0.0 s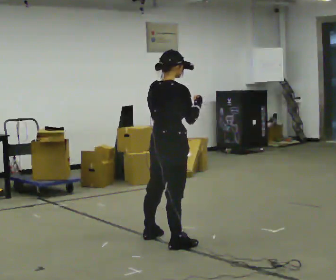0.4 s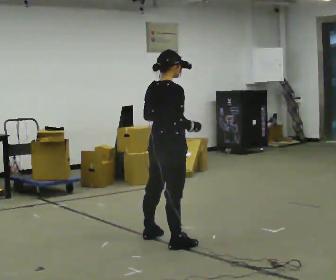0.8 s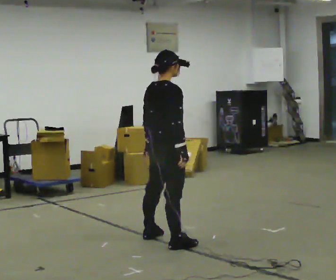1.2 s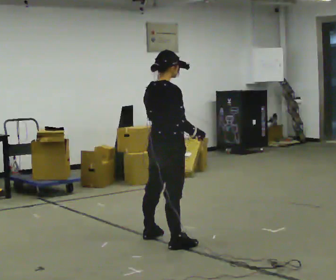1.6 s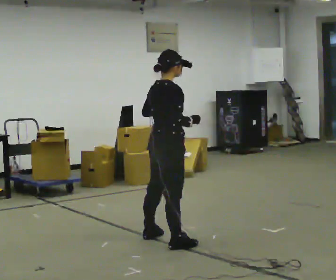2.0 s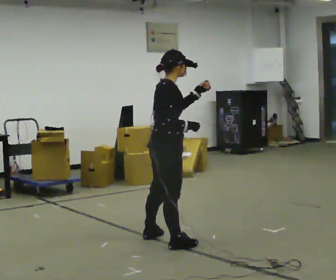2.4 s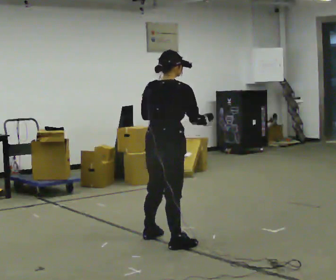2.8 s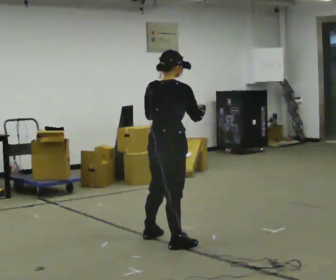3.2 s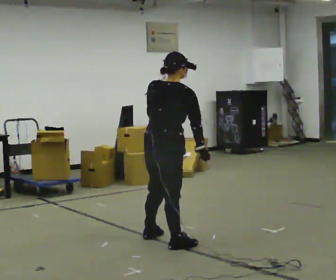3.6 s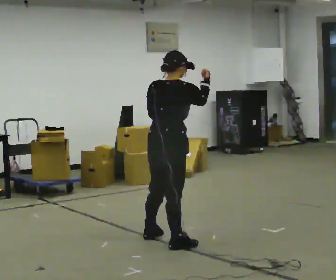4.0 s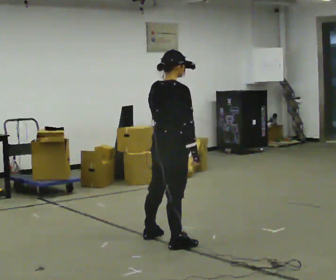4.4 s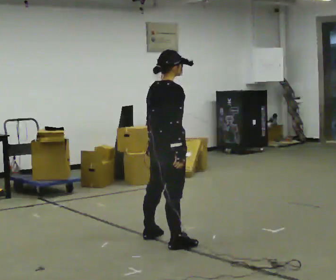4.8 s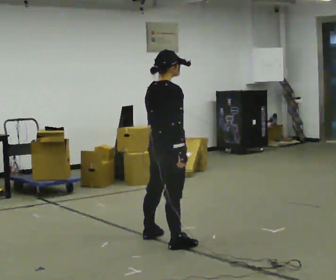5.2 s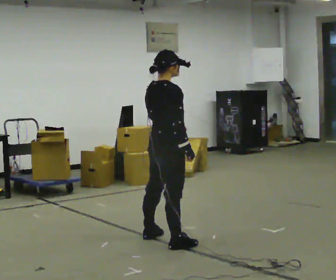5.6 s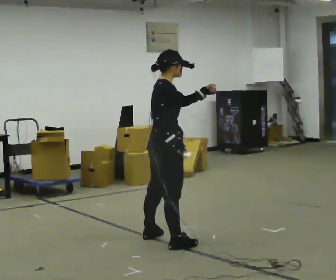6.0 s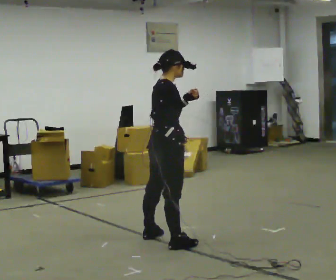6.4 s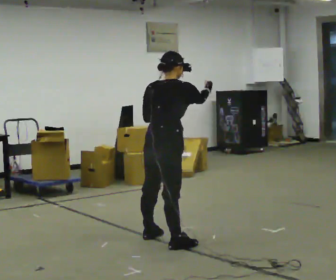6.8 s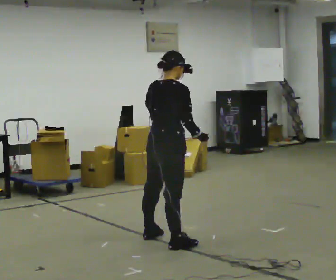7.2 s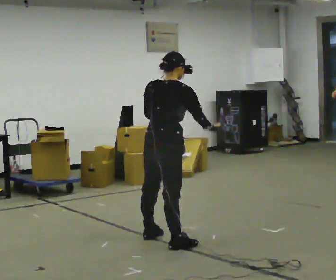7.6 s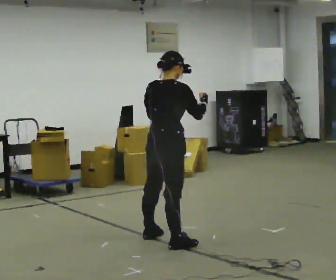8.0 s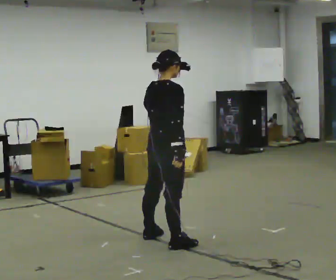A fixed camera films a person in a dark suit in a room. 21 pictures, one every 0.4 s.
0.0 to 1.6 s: The person moves a little, or ends about where they began.
1.6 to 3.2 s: The part of the body nearest the lens slides to the right as the person turns to their left by about 45 degrees.
3.2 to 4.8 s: The part of the body nearest the lens slides to the left as the person turns to their right by about 30 degrees. In the picture their left hand goes downward.
4.8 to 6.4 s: In the picture their right hand goes upward, the arm swinging counterclockwise.
6.4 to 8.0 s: In the picture their right hand goes downward.
The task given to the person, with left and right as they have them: Mimic boxing into the air at moderate speed with both hands, moving your feet only a little. Stay controlled; do not punch at full speed.
The film runs forward here.
